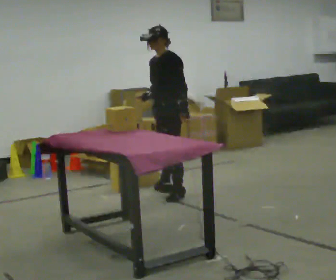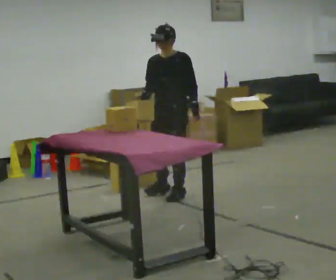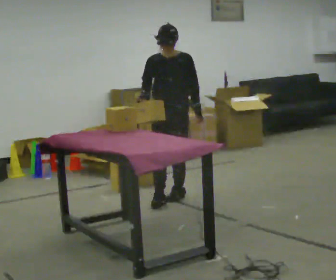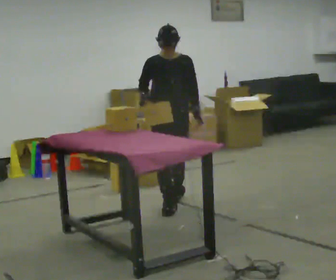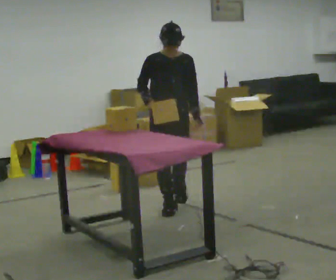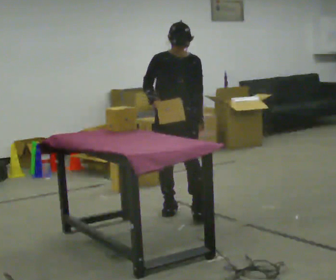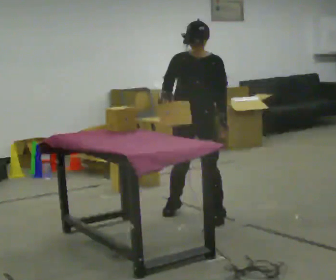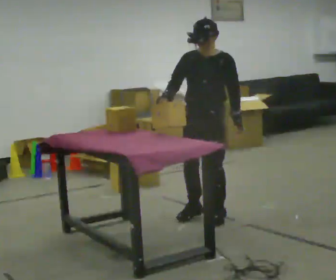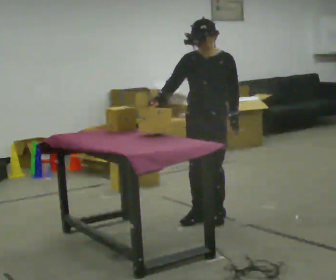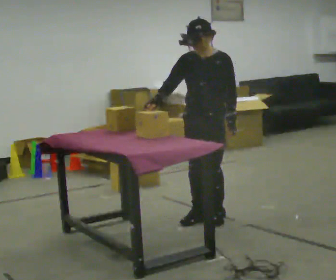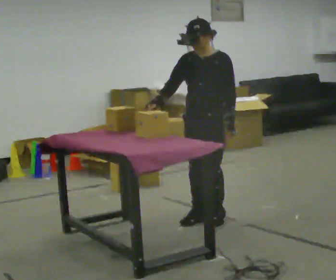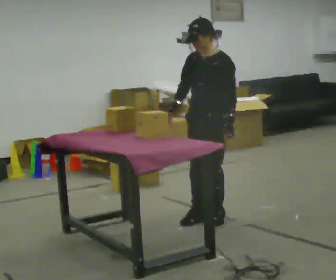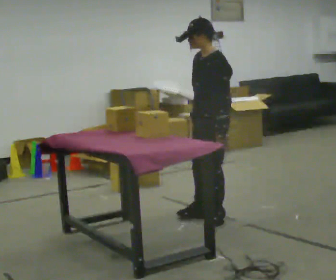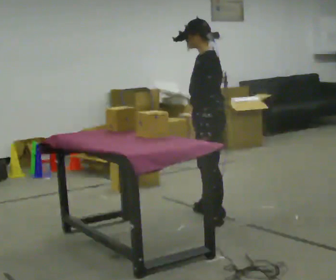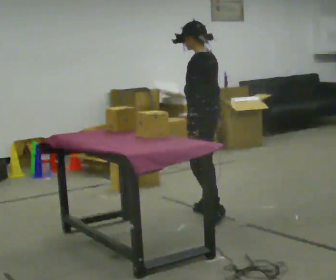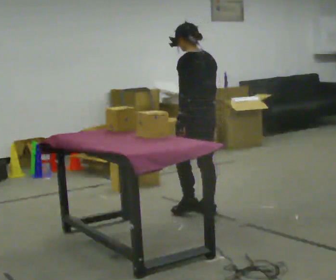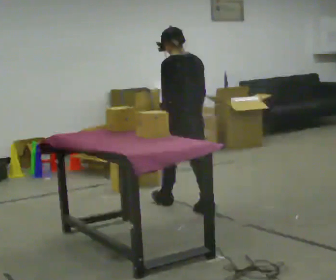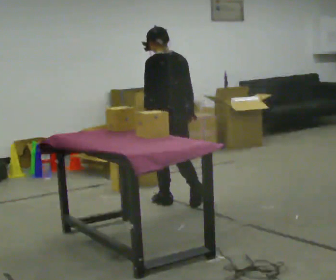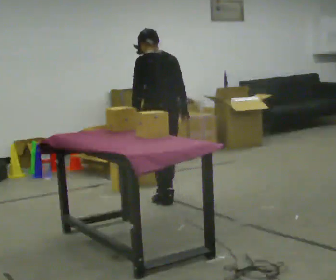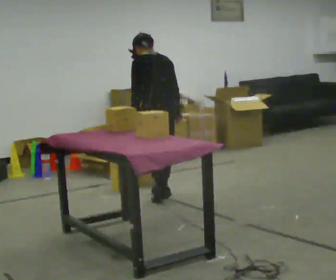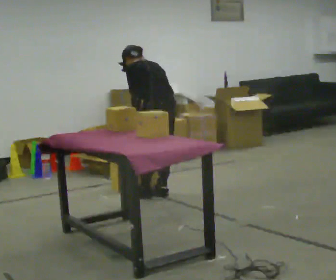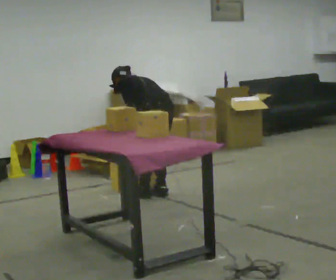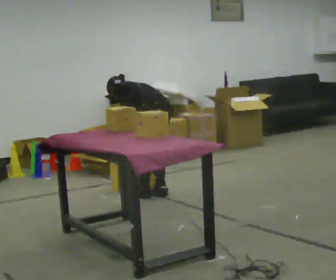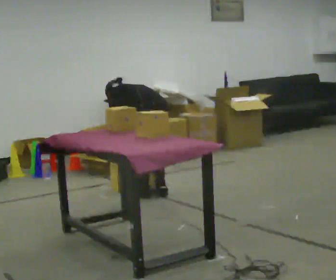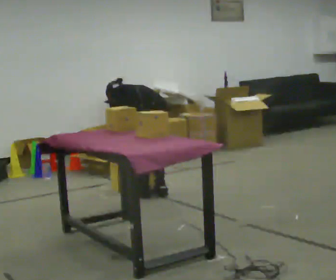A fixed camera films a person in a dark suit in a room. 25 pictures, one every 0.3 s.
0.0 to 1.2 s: The part of the body nearest the lens slides to the right as the person turns to their left by about 75 degrees. In the picture they go toward the camera, about 0.5 m in 1 step.
1.2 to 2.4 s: The person turns about 30 degrees to their right, clockwise seen from above, so the part of the body nearest the lens slides to the left. In the picture they go toward the camera and to the right, about 0.5 m in 2 steps, which for them is to their left and forward.
2.4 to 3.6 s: The part of the body nearest the lens slides to the left as the person turns to their right by about 45 degrees. In the picture their right hand goes to the right.
3.6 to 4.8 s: Seen from above the body turns clockwise, about 90 degrees: to their right, with its near side sliding to the left. In the picture they go away from the camera and to the left, about 0.5 m in 2 steps.
4.8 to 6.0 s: In the picture they go away from the camera and to the left, about 0.5 m in 1 step, which for them is forward. The upper body tips away from the camera, its near side rolling upward, as they bend forward.
6.0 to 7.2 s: The upper body goes downward. The upper body tips away from the camera, its near side rolling upward, as they bend forward.
The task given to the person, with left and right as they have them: Pick the object up off the floor using only the hand the operator calls, then carry it to the table in that same hand. Keep going until the operator says stop; one object at a time, and do not rush between trips.
The film runs forward here.
